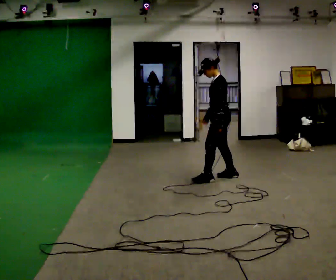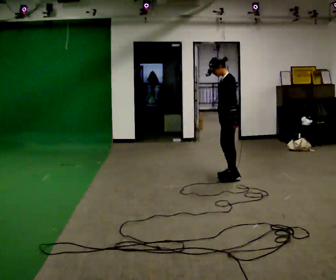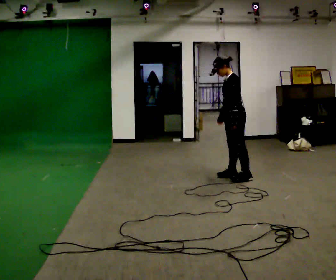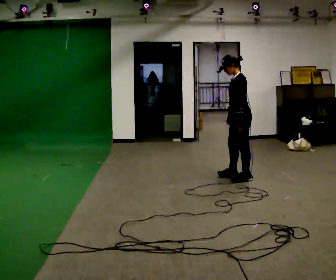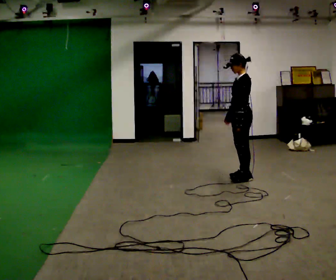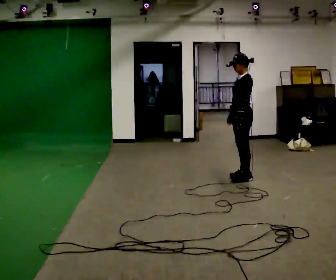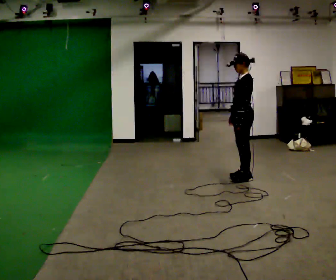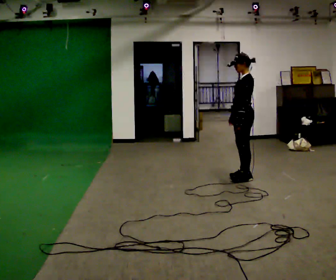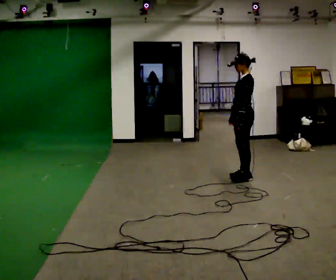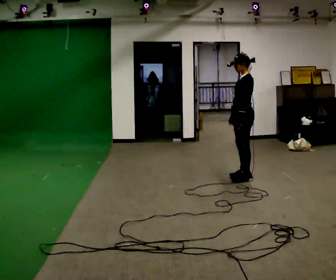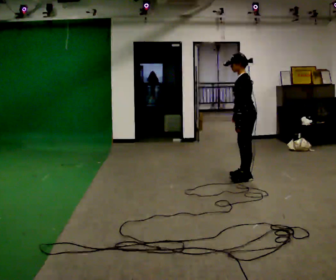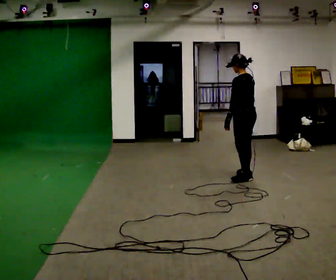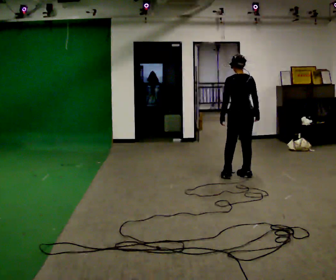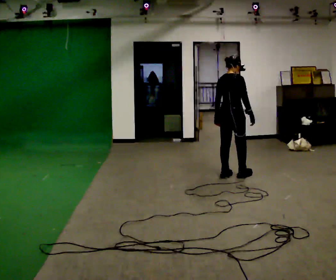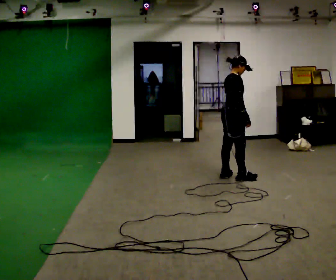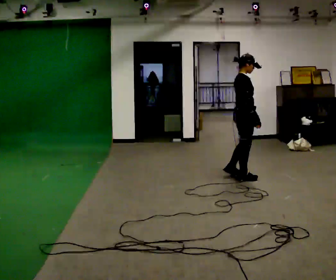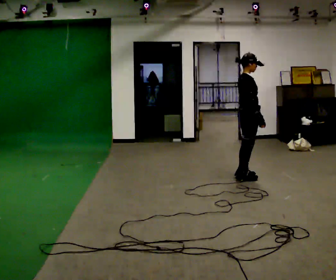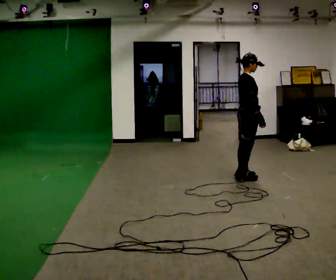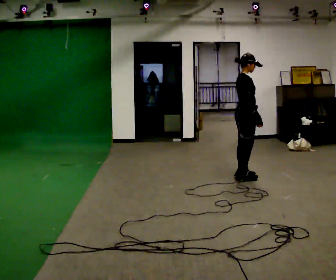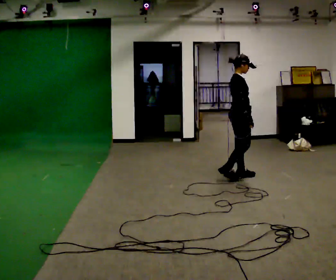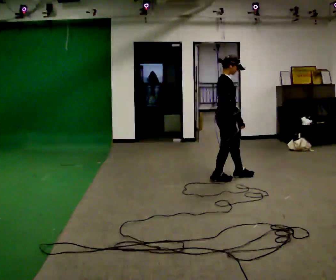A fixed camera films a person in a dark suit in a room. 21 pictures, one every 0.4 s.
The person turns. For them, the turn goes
to their right.
The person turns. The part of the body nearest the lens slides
to the left.
0.0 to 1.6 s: In the picture they go to the right, about 0.25 m in 2 steps, which for them is backward.
1.6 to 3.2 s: The person moves a little, or ends about where they began.
3.2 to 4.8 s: The person turns about 75 degrees to their right, clockwise seen from above, so the part of the body nearest the lens slides to the left.
4.8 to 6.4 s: The part of the body nearest the lens slides to the left as the person turns to their right by about 105 degrees.
6.4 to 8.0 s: In the picture they go to the left, about 0.25 m in 1 step, which for them is backward.
The film runs forward here.
